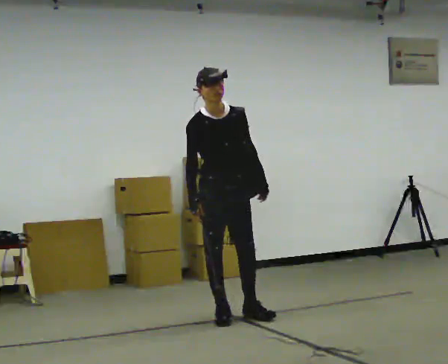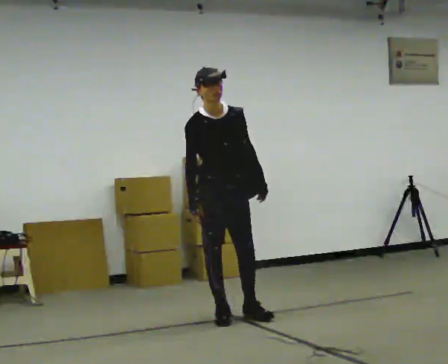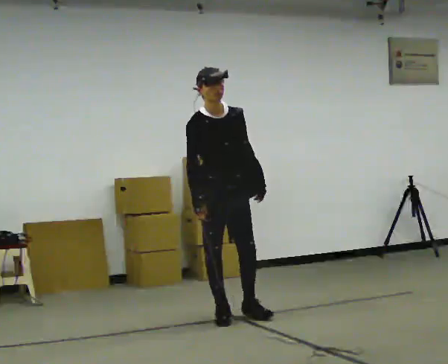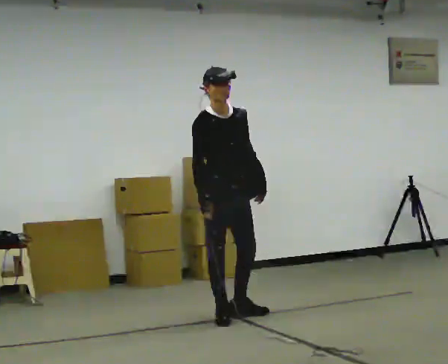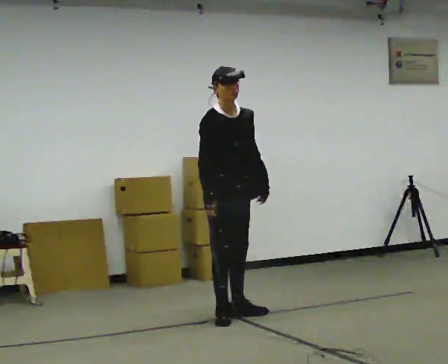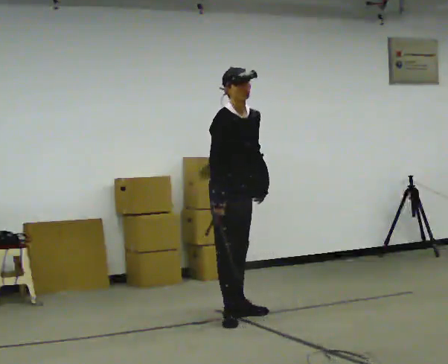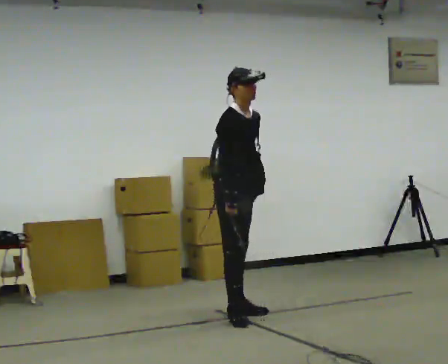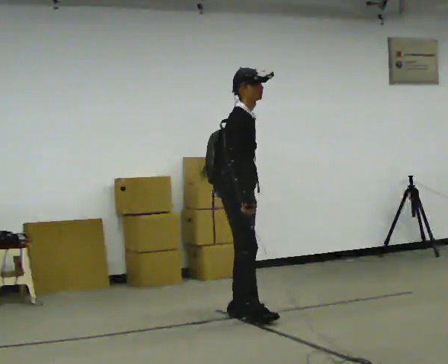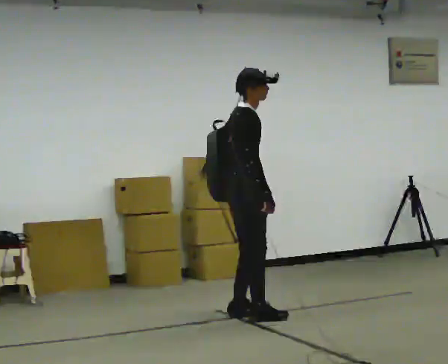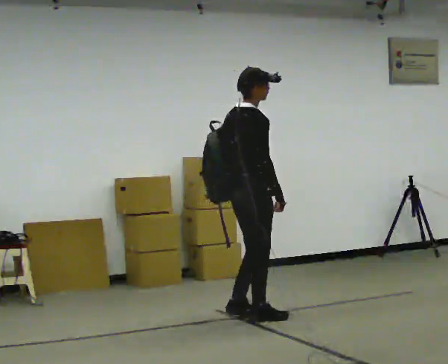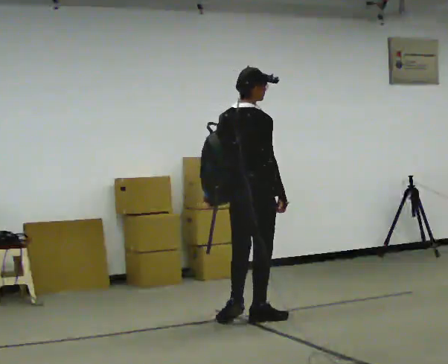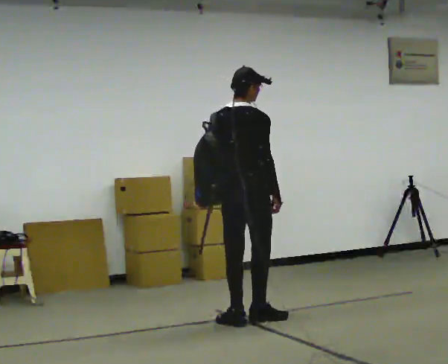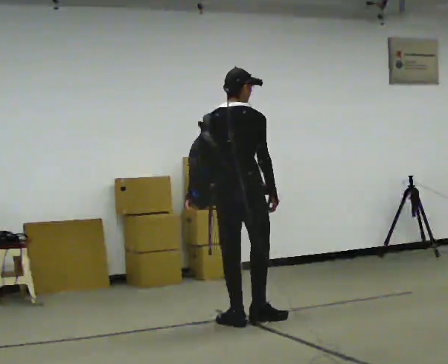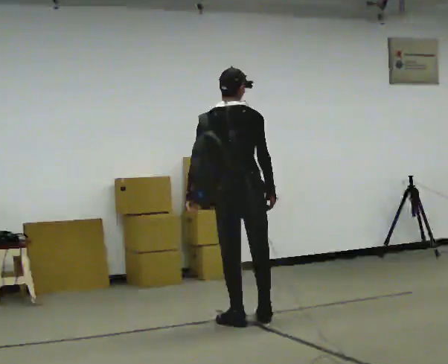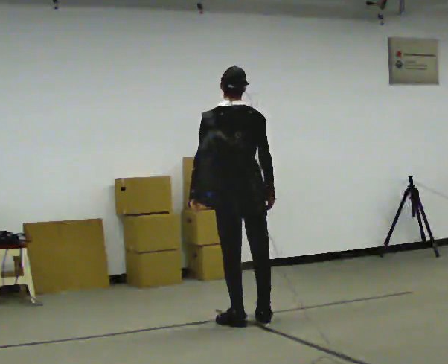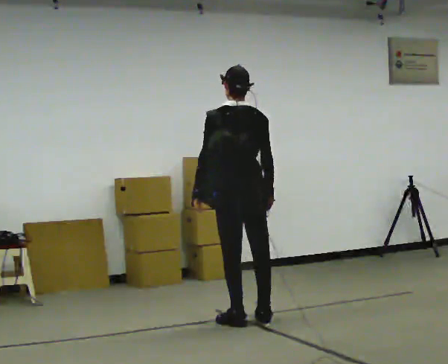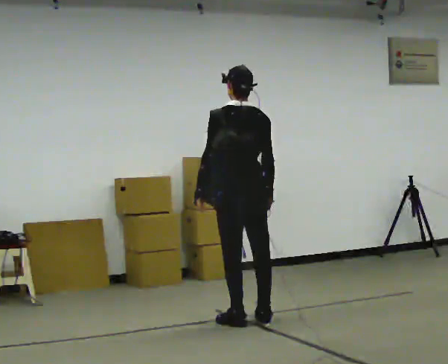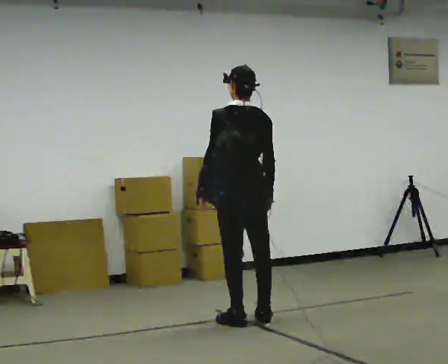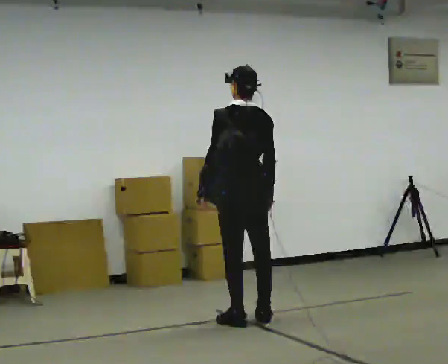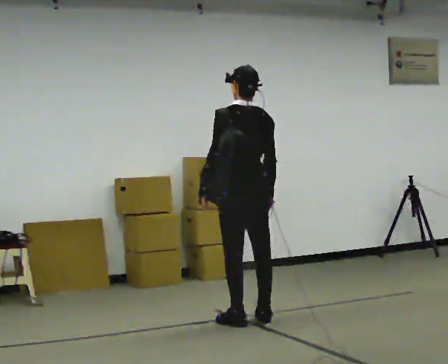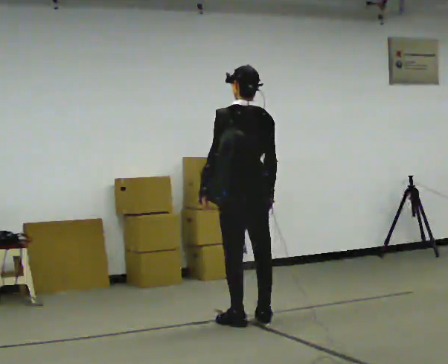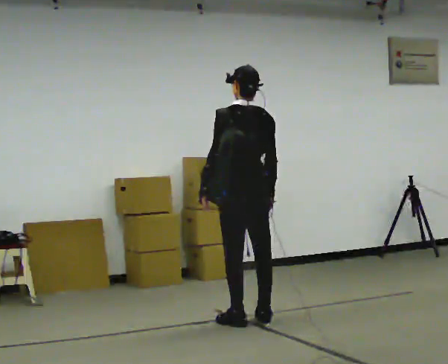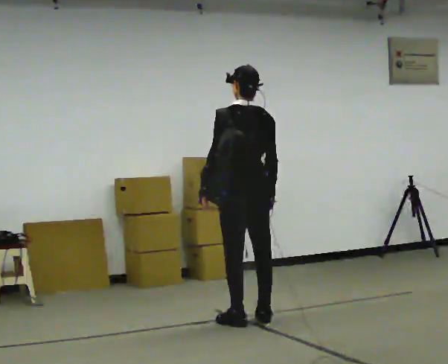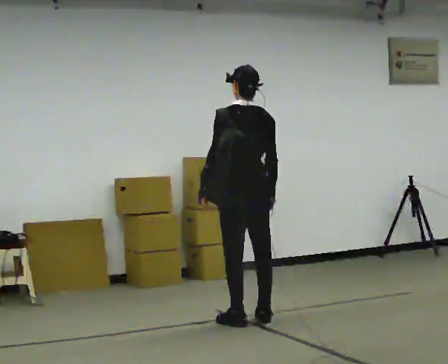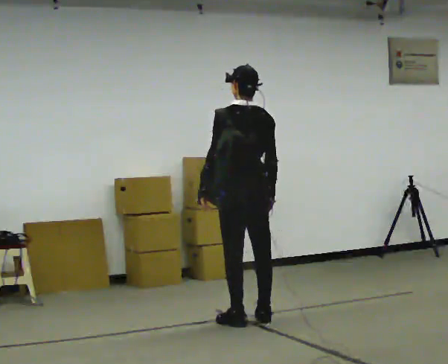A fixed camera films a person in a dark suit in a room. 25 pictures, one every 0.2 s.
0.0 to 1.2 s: The part of the body nearest the lens slides to the right as the person turns to their left by about 30 degrees.
1.2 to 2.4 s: The person turns about 105 degrees to their left, counterclockwise seen from above, so the part of the body nearest the lens slides to the right. In the picture they go toward the camera, about 0.25 m in 1 step. In the picture their left hand goes to the left.
2.4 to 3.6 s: The person turns about 45 degrees to their left, counterclockwise seen from above, so the part of the body nearest the lens slides to the right.
3.6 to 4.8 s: The person keeps their place and pose.
The film runs backward here.
